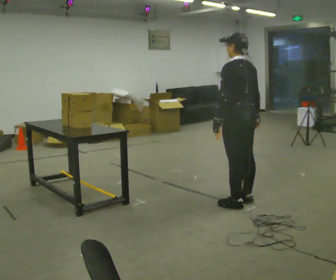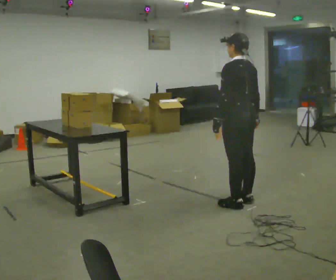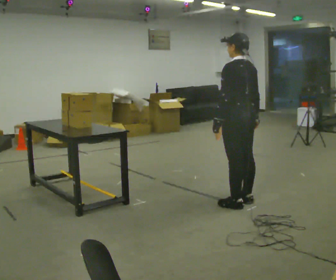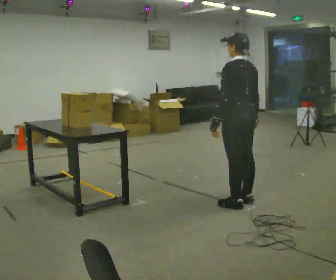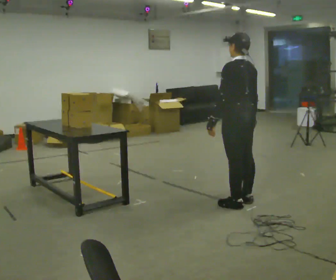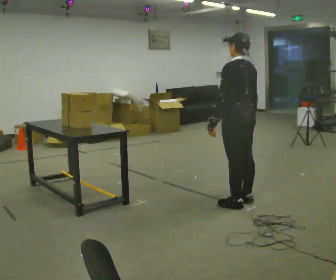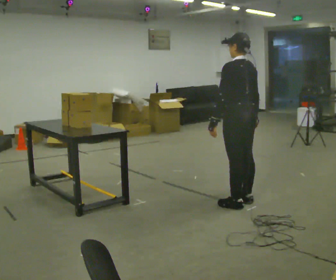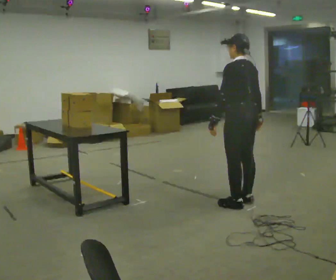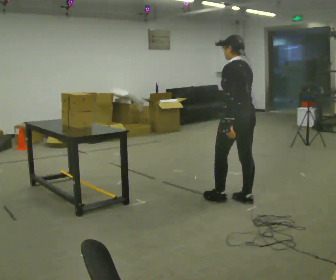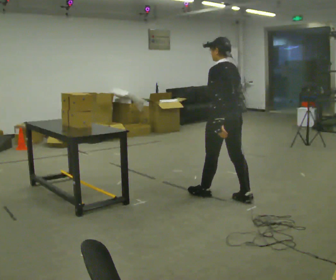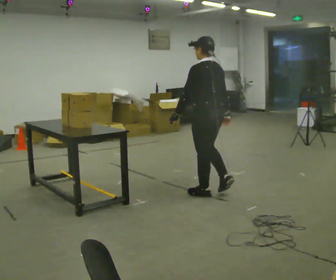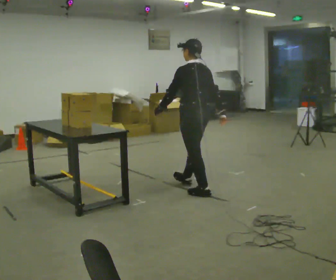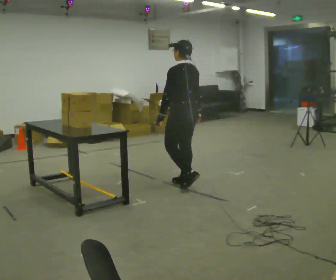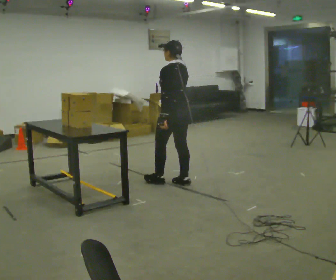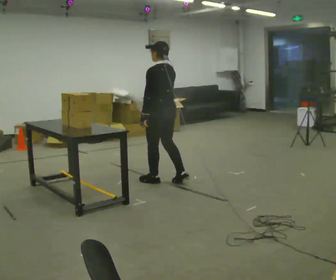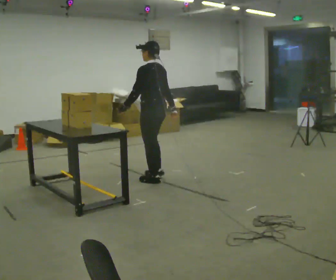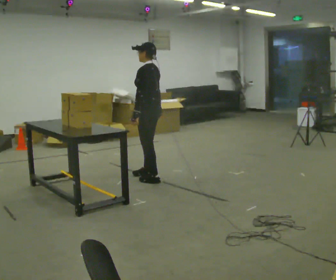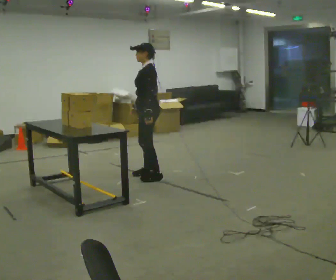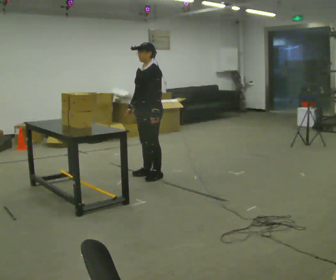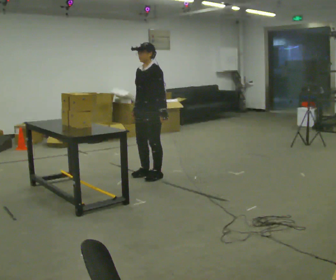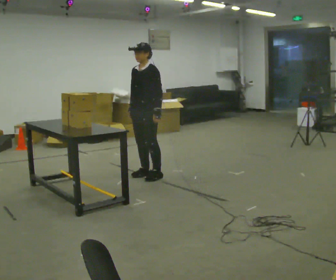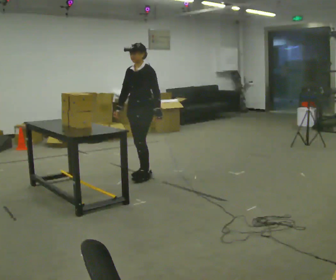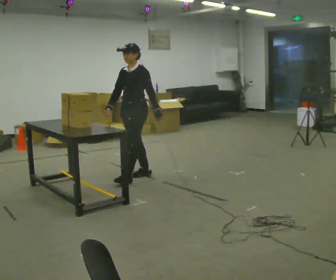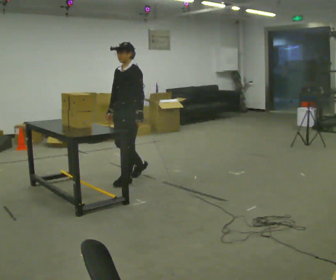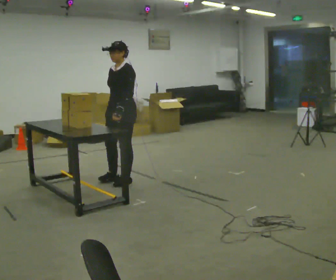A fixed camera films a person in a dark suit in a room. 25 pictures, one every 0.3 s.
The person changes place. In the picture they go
to the left.
The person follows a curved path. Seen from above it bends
counterclockwise.
0.0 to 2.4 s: The person moves a little, or ends about where they began.
2.4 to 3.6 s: In the picture they go to the left and away from the camera, about 0.5 m in 2 steps, which for them is forward.
3.6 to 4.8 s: The part of the body nearest the lens slides to the right as the person turns to their left by about 30 degrees. In the picture they go to the left and away from the camera, about 0.5 m in 2 steps, which for them is forward.
4.8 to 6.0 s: The person turns about 60 degrees to their left, counterclockwise seen from above, so the part of the body nearest the lens slides to the right. In the picture their right hand goes to the left.
6.0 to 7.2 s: In the picture they go toward the camera and to the left, about 0.25 m in 1 step, which for them is forward.
The film runs forward here.
